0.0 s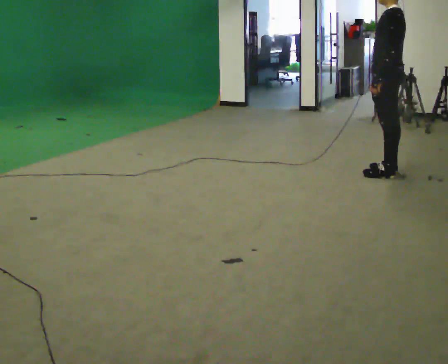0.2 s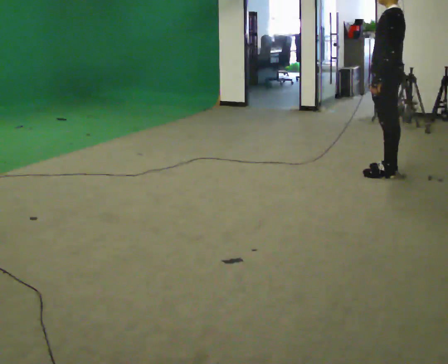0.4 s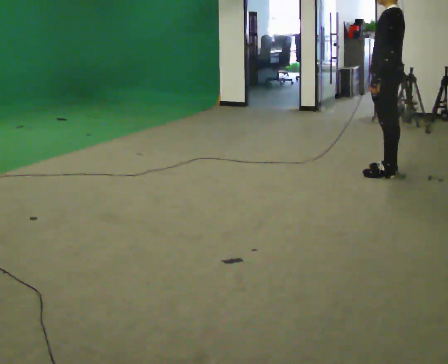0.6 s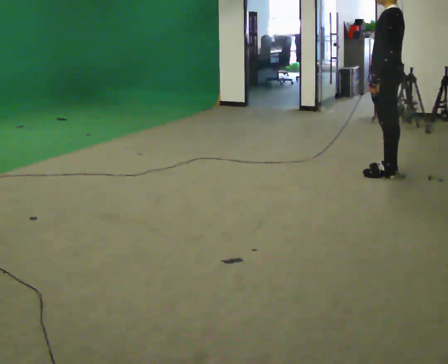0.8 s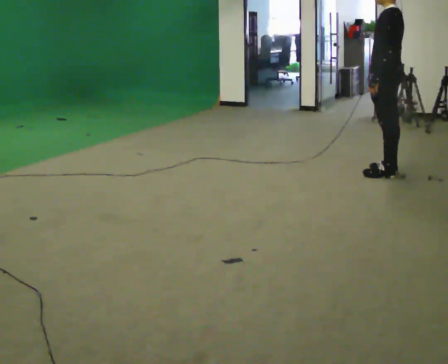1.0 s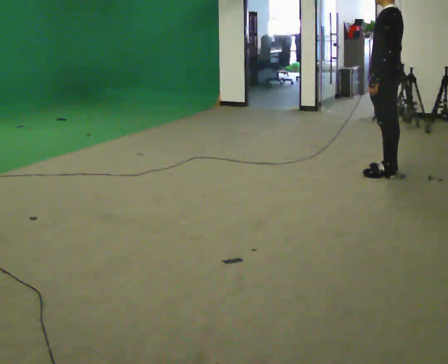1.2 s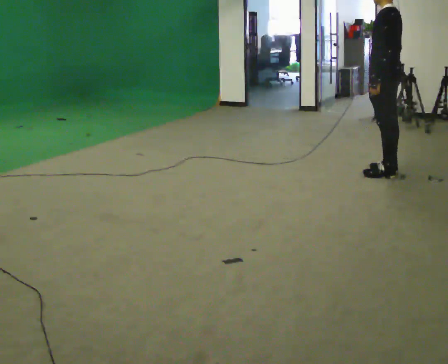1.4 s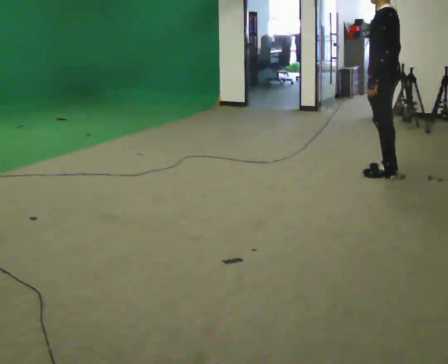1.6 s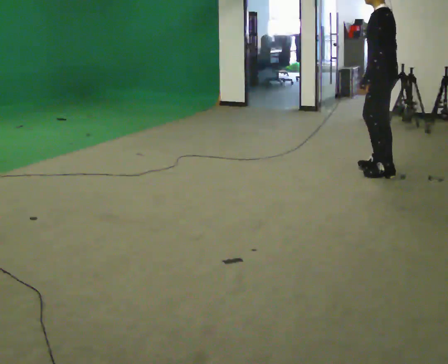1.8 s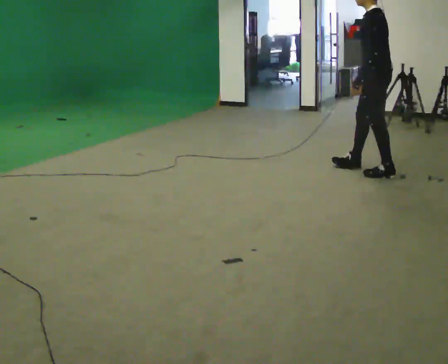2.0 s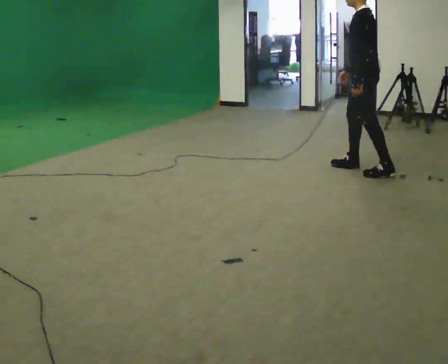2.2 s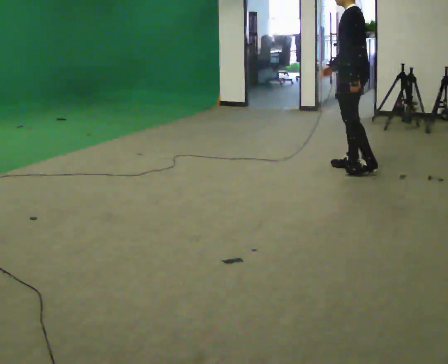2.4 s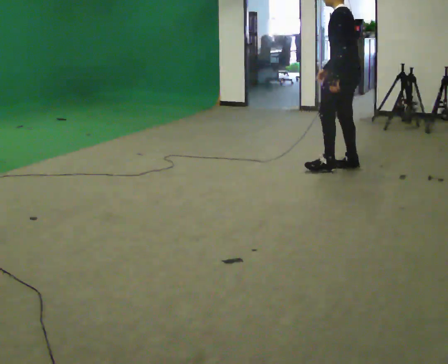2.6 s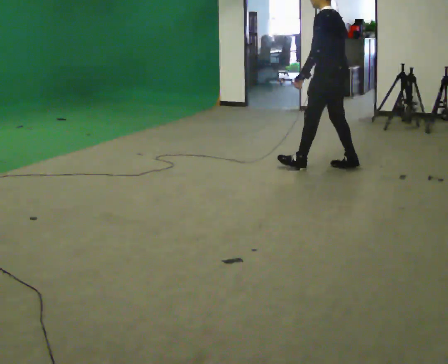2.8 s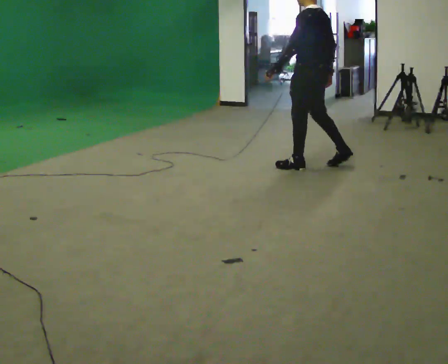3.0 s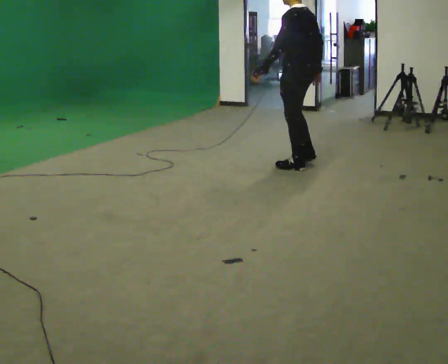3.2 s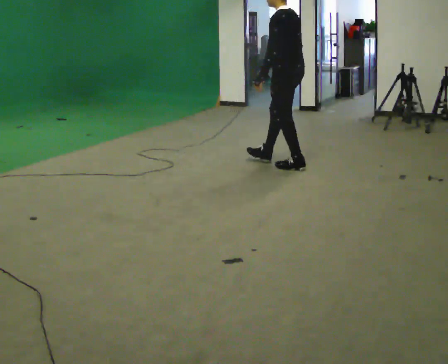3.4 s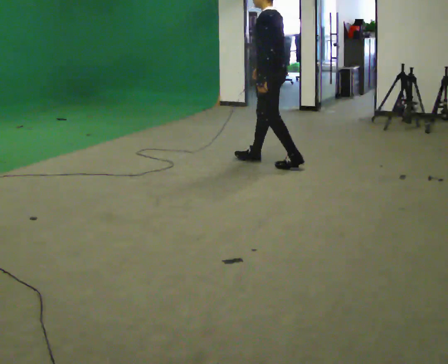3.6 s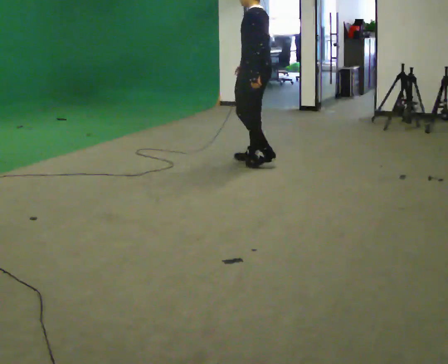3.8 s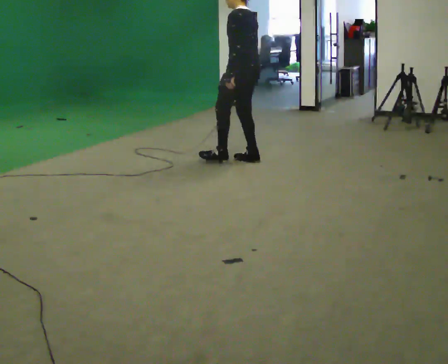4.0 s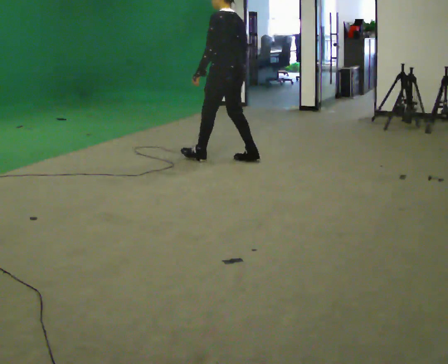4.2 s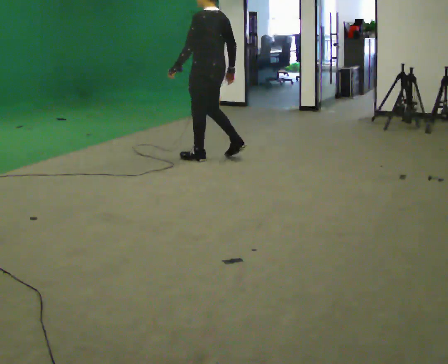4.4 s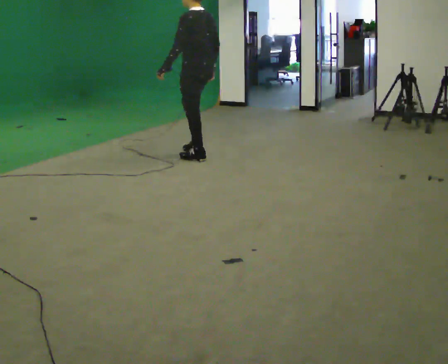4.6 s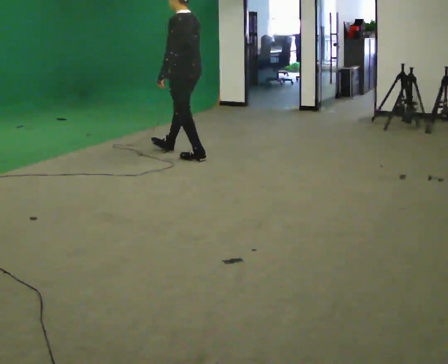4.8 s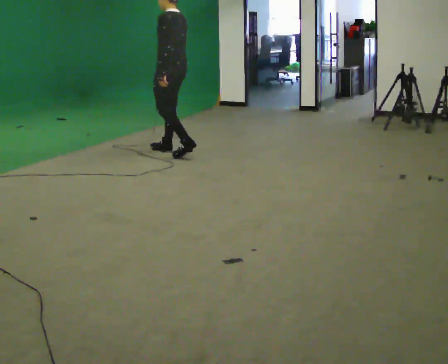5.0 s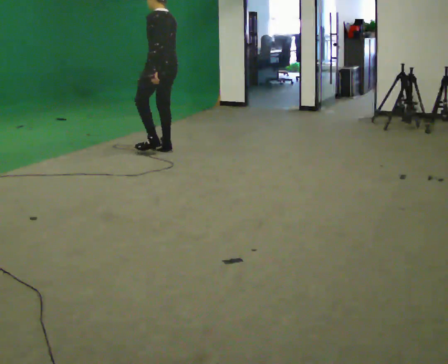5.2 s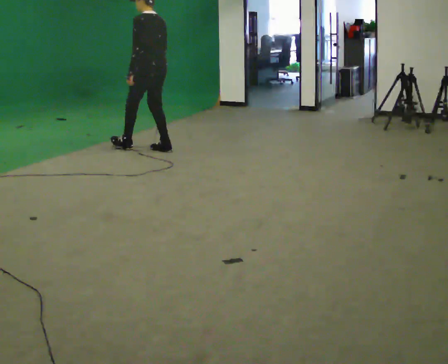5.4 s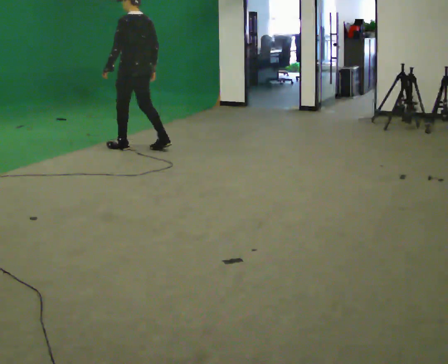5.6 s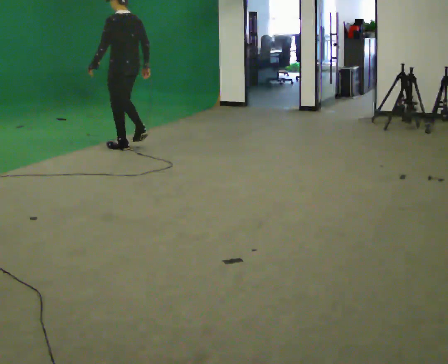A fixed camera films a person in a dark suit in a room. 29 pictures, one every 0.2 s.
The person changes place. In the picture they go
to the left.
0.0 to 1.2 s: The person moves a little, or ends about where they began.
1.2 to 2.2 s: In the picture they go to the left, about 0.25 m in 2 steps, which for them is forward.
2.2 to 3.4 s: In the picture they go to the left, about 0.5 m in 1 step, which for them is forward.
3.4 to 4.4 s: In the picture they go to the left, about 1 m in 2 steps, which for them is forward.
4.4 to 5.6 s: In the picture they go to the left, about 1 m in 2 steps, which for them is forward.
The film runs backward here.
